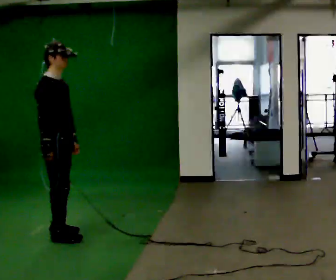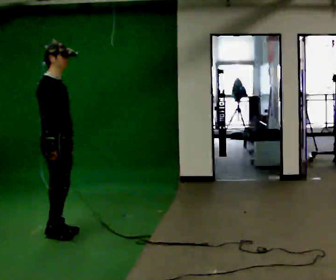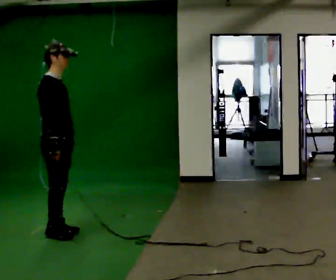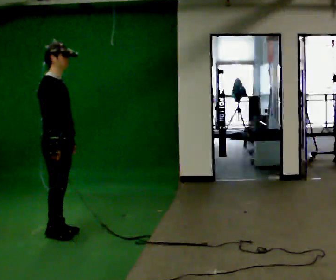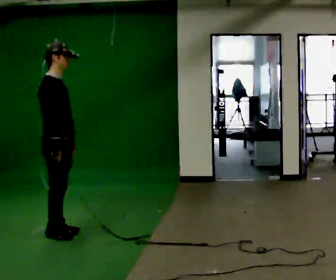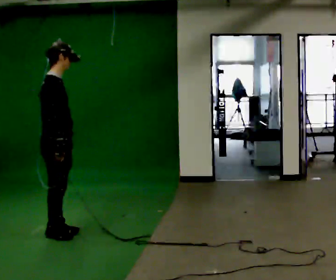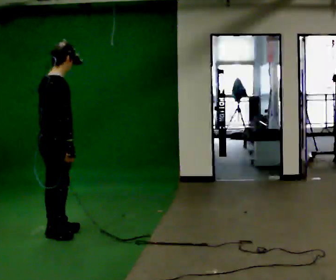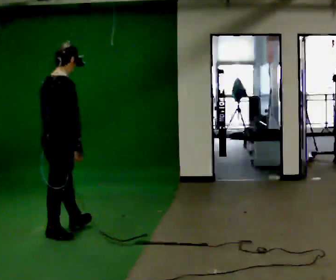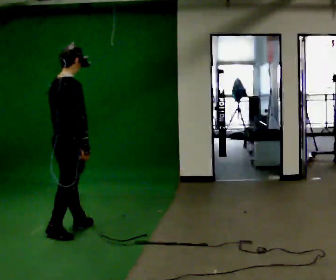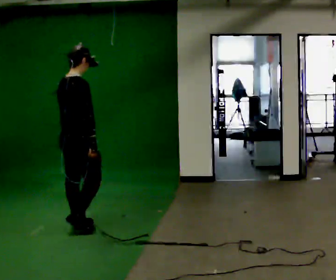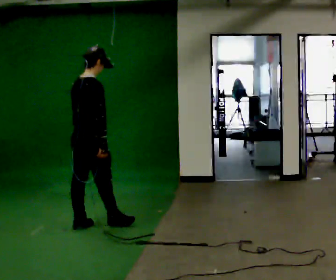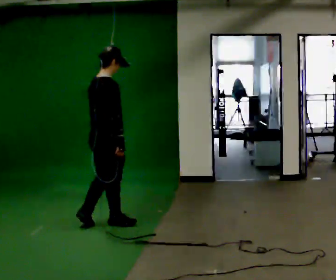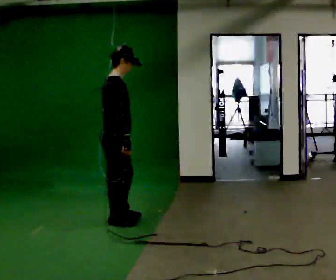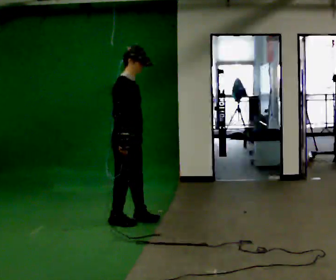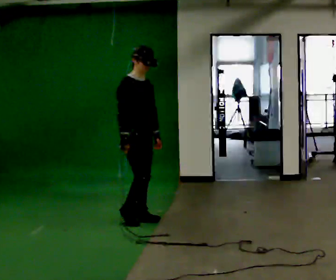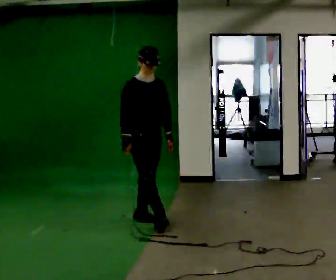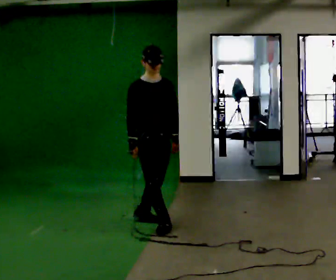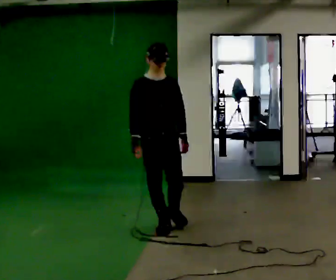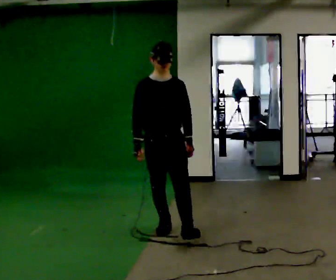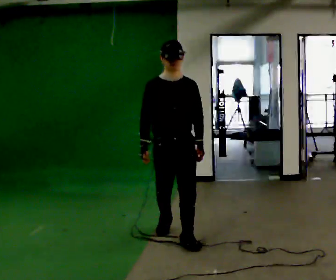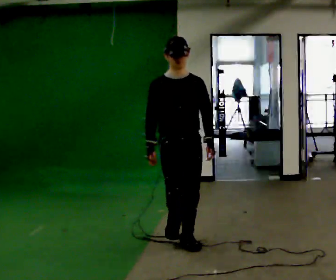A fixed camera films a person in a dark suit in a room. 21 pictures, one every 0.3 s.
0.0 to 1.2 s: The person moves a little, or ends about where they began.
1.2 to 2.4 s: The person turns about 30 degrees to their left, counterclockwise seen from above, so the part of the body nearest the lens slides to the right. In the picture they go away from the camera, about 0.25 m in 1 step, which for them is forward.
2.4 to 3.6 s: The person turns about 30 degrees to their right, clockwise seen from above, so the part of the body nearest the lens slides to the left. In the picture they go to the right and away from the camera, about 0.5 m in 1 step, which for them is forward.
3.6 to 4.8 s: The person turns about 75 degrees to their right, clockwise seen from above, so the part of the body nearest the lens slides to the left. In the picture they go to the right, about 0.25 m in 2 steps.
4.8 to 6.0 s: In the picture they go toward the camera, about 0.5 m in 1 step, which for them is forward.
The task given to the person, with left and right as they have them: Walk through 3–5 turns in sequence; keep moving; stop at end.
The film runs forward here.
